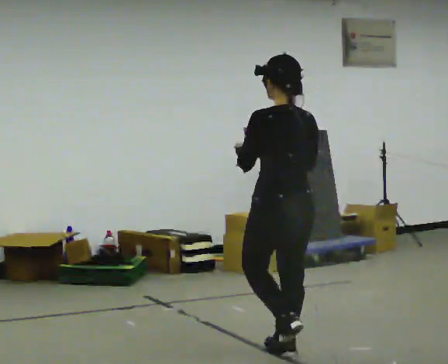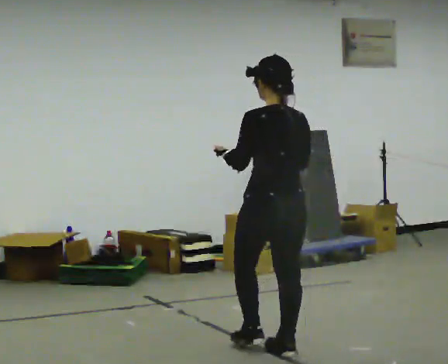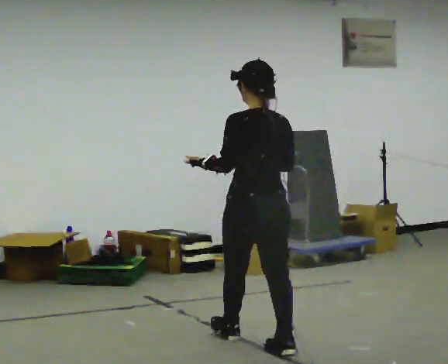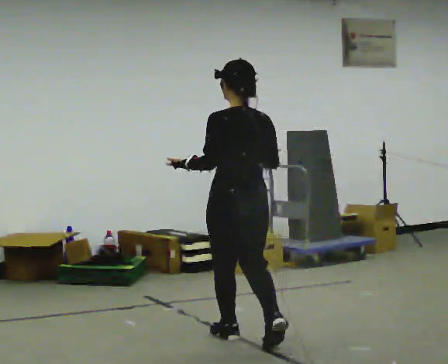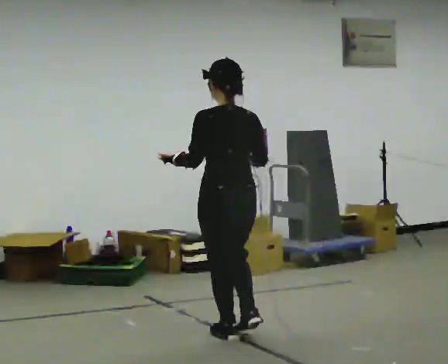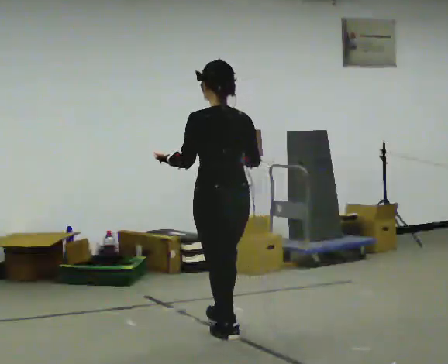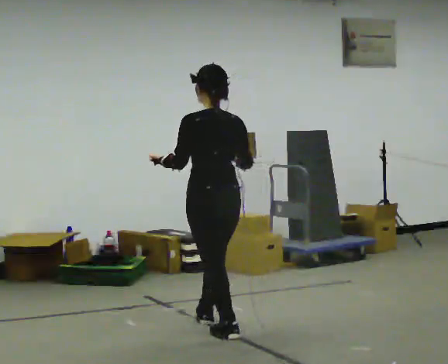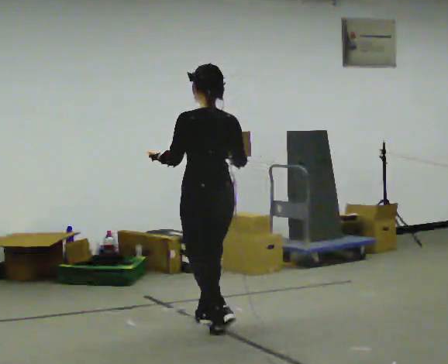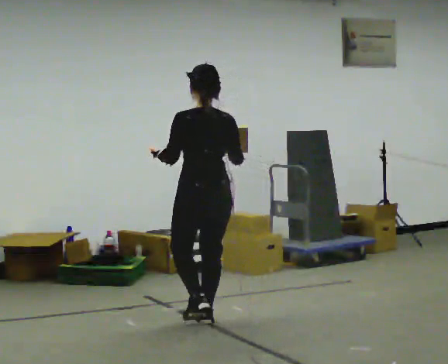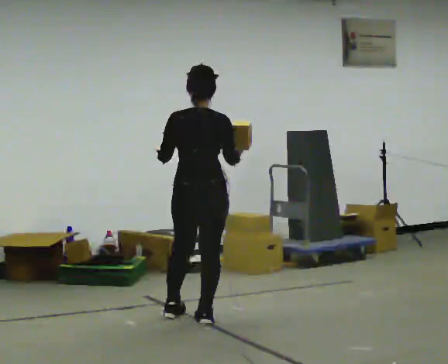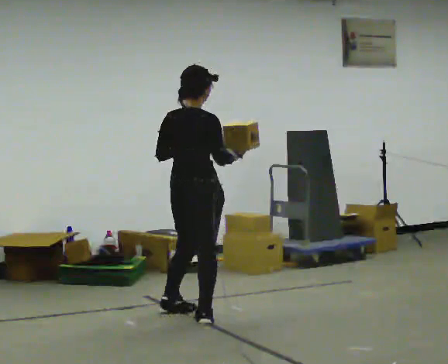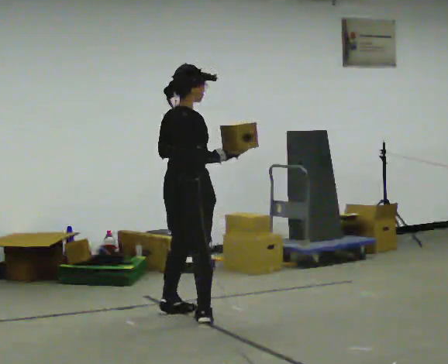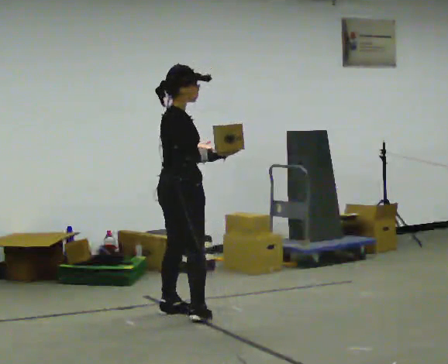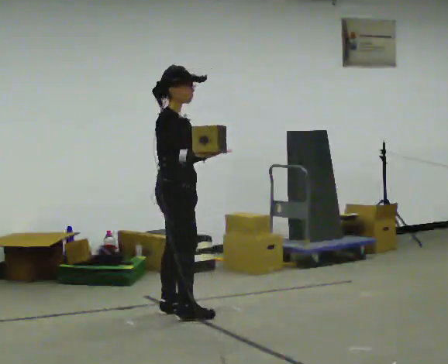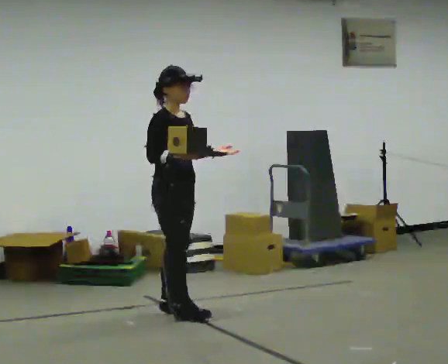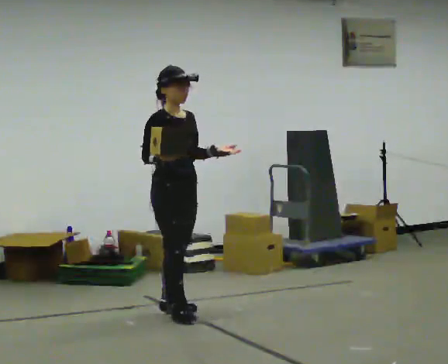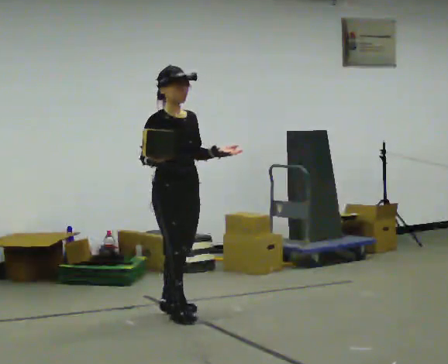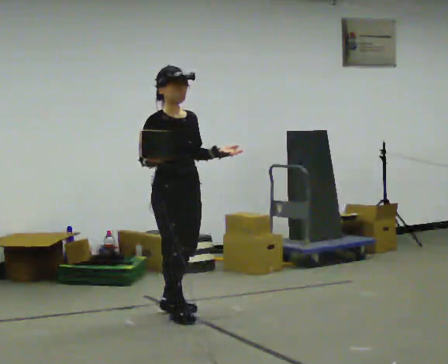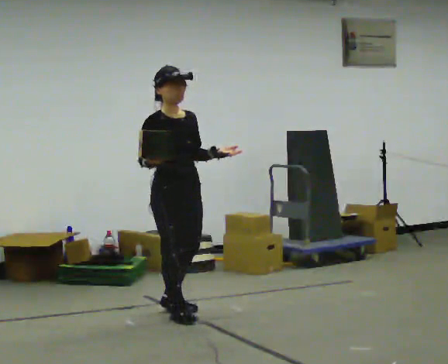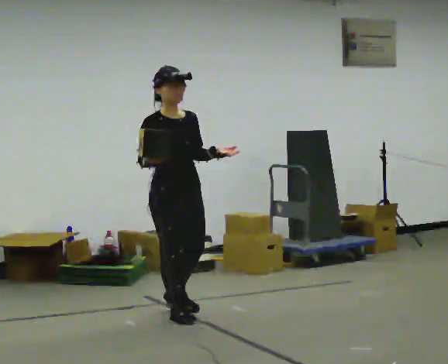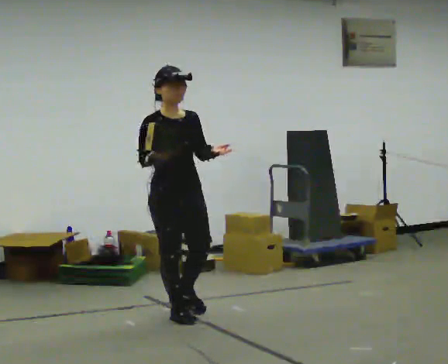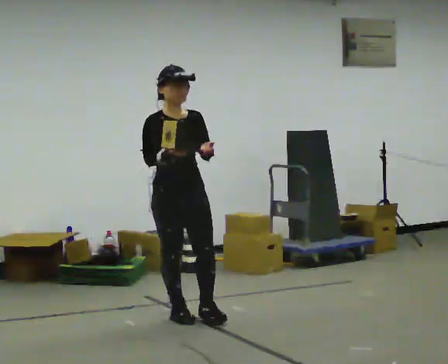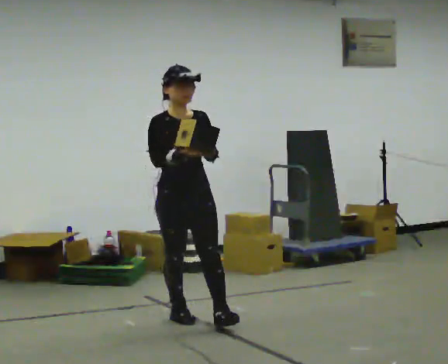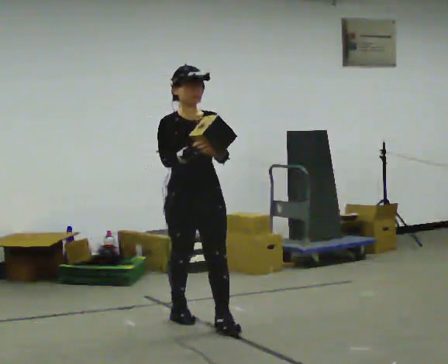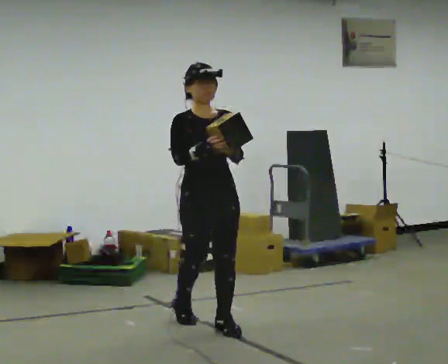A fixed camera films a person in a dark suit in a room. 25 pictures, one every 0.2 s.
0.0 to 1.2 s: In the picture they go away from the camera and to the left, about 0.5 m in 2 steps, which for them is forward.
1.2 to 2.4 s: Seen from above the body turns clockwise, about 105 degrees: to their right, with its near side sliding to the left. In the picture they go away from the camera and to the left, about 0.5 m in 1 step.
2.4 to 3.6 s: The person turns about 60 degrees to their right, clockwise seen from above, so the part of the body nearest the lens slides to the left. In the picture their right hand goes to the left.
3.6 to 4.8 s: The person turns about 30 degrees to their right, clockwise seen from above, so the part of the body nearest the lens slides to the left. In the picture they go toward the camera and to the right, about 0.5 m in 1 step, which for them is forward.
The film runs forward here.
